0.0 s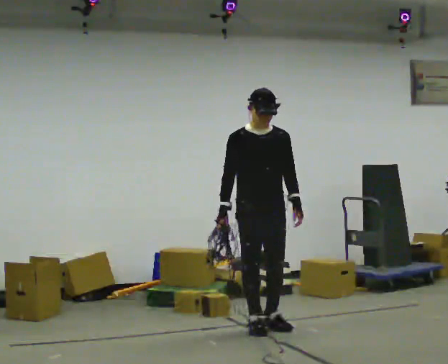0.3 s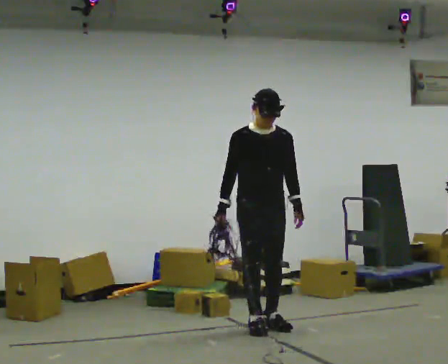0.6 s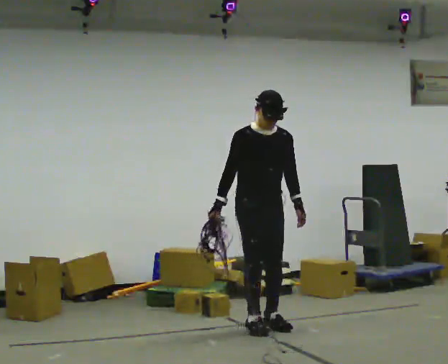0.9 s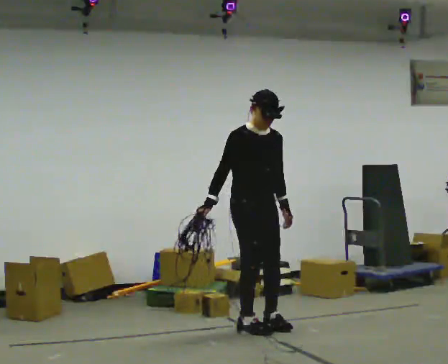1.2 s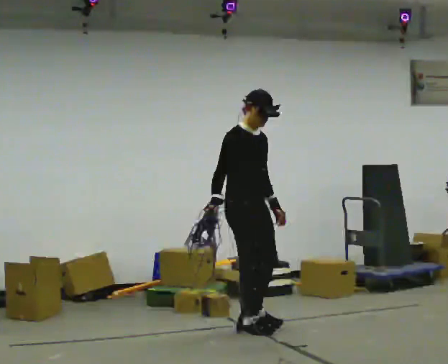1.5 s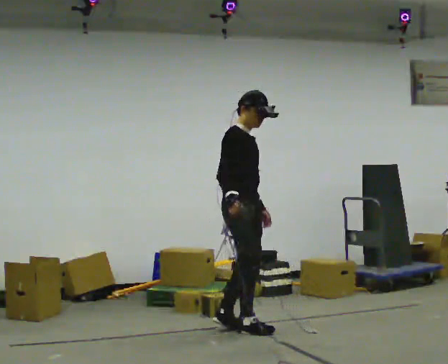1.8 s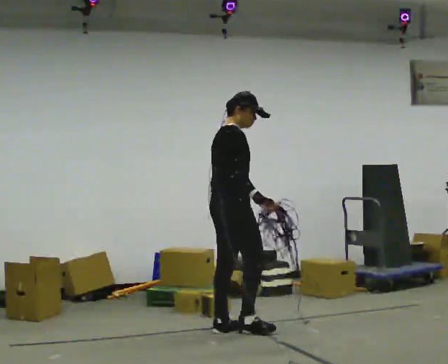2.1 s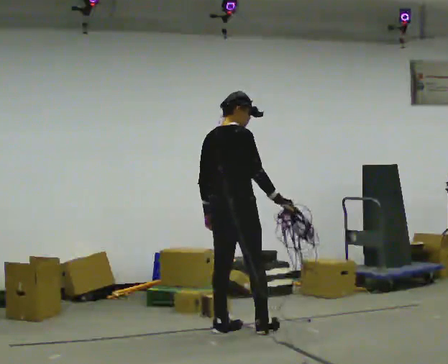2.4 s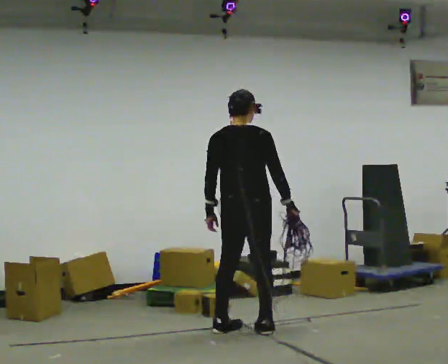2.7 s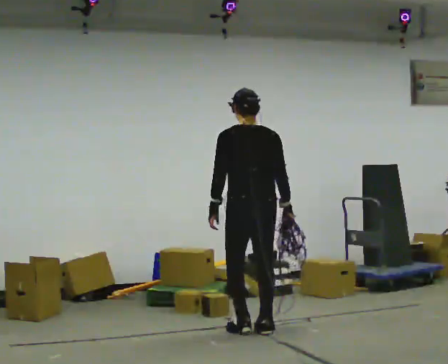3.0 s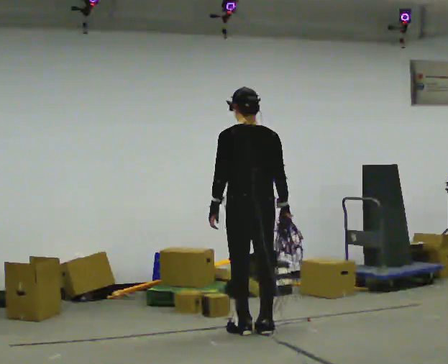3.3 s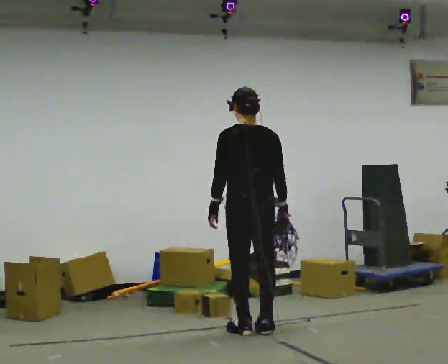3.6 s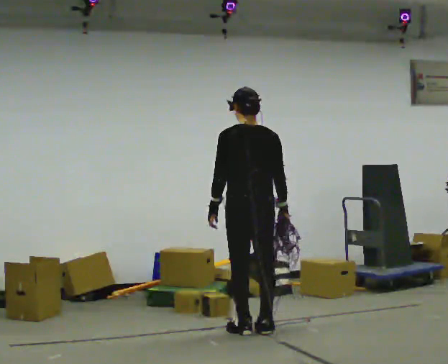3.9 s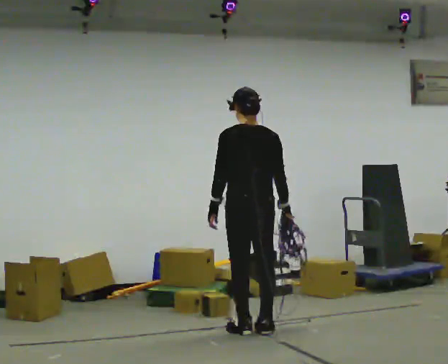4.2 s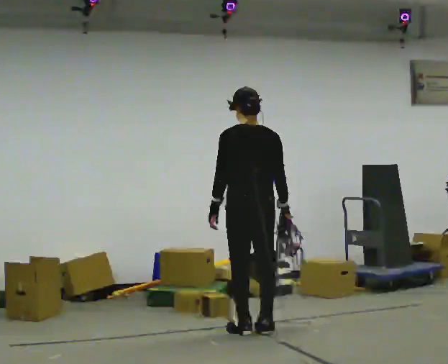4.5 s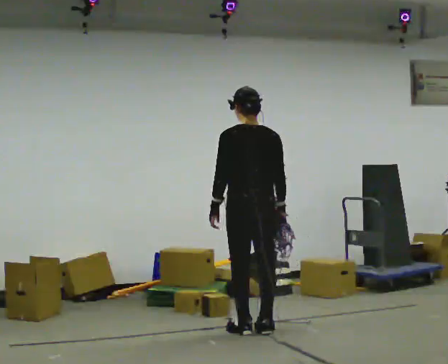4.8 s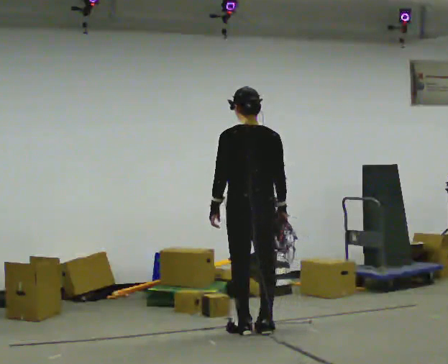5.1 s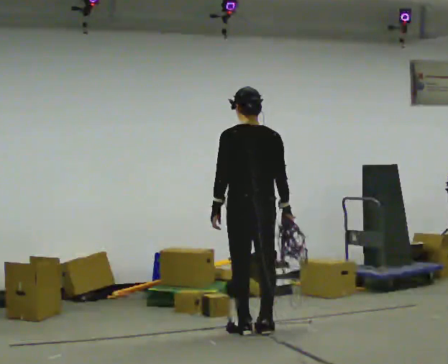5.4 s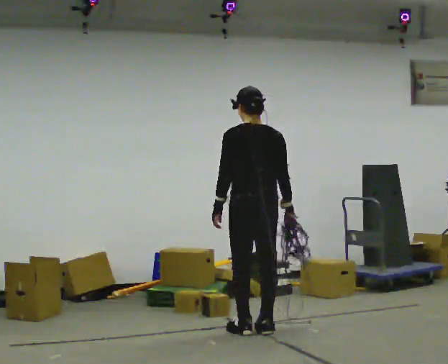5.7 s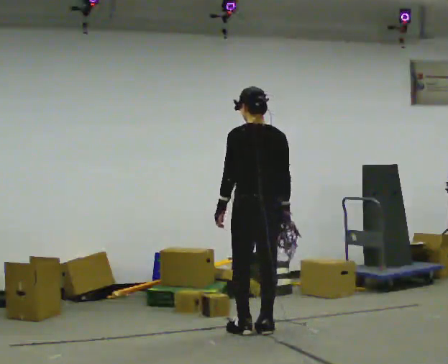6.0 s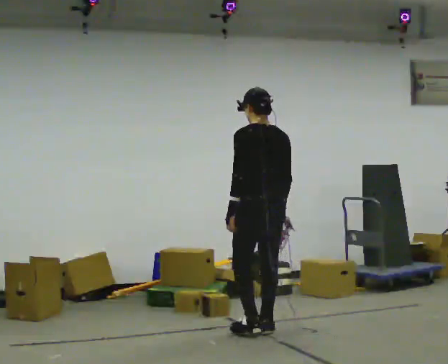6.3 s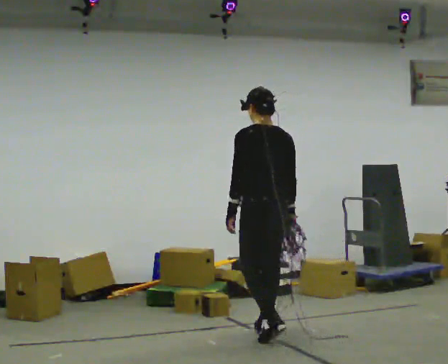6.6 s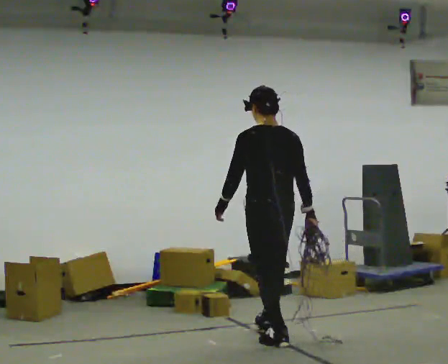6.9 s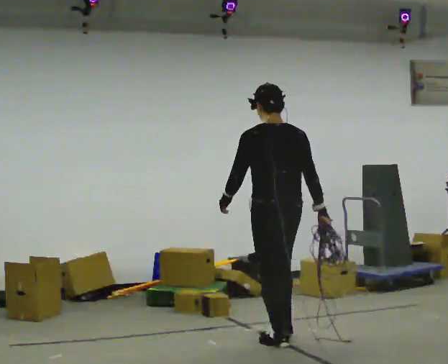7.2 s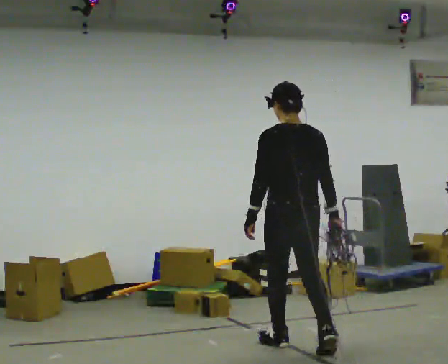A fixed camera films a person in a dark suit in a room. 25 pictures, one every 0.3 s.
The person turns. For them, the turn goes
to their left.
The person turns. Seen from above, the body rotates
counterclockwise.
0.0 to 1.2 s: Seen from above the body turns counterclockwise, about 45 degrees: to their left, with its near side sliding to the right.
1.2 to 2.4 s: The person turns about 105 degrees to their left, counterclockwise seen from above, so the part of the body nearest the lens slides to the right. In the picture their right hand goes to the right, the arm swinging counterclockwise.
2.4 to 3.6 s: Seen from above the body turns counterclockwise, about 30 degrees: to their left, with its near side sliding to the right.
3.6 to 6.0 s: The person moves a little, or ends about where they began.
6.0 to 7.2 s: In the picture they go toward the camera, about 0.5 m in 1 step, which for them is backward.
The film runs backward here.
